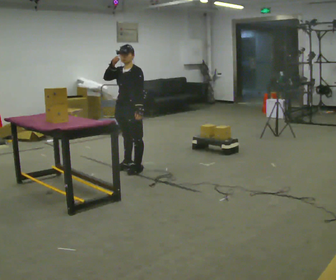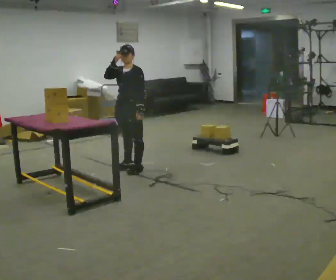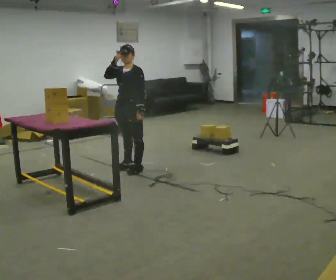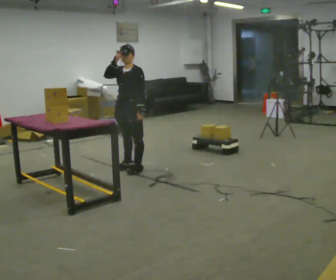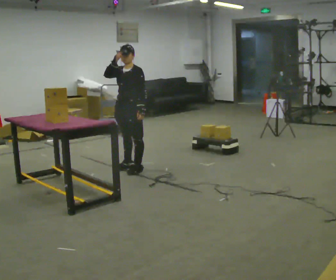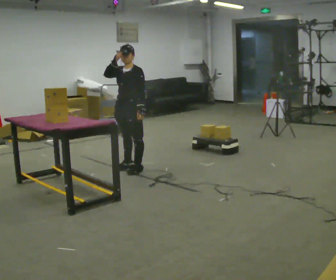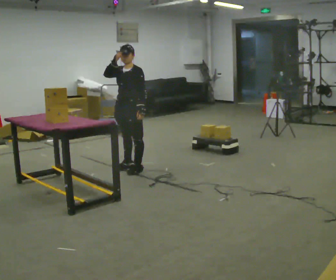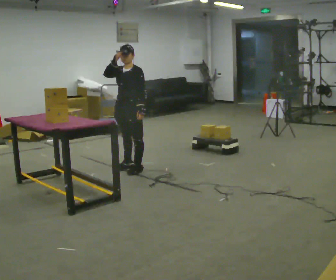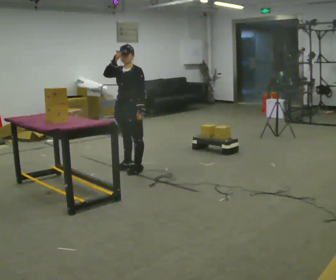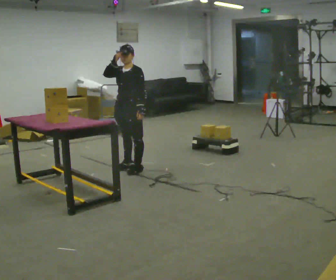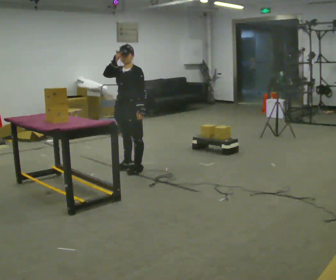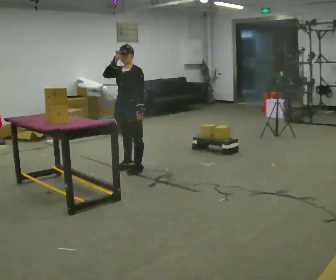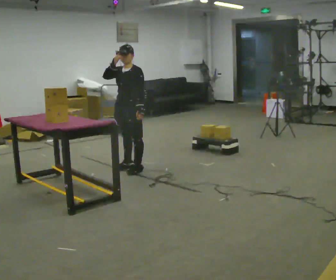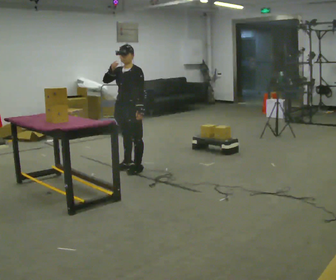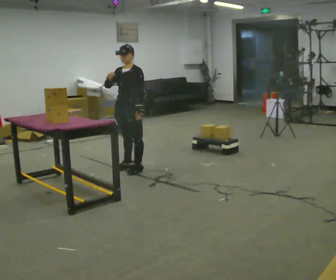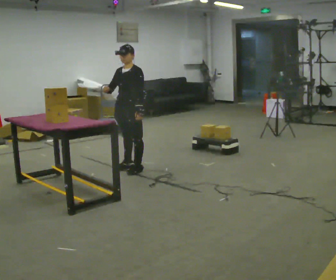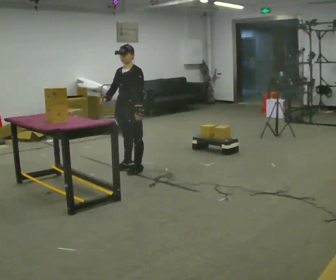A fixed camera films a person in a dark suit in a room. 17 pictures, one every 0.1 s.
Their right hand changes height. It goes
downward.
0.0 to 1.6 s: In the picture their right hand goes downward.
The film runs forward here.
